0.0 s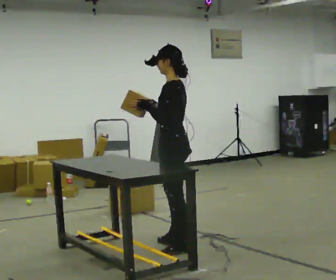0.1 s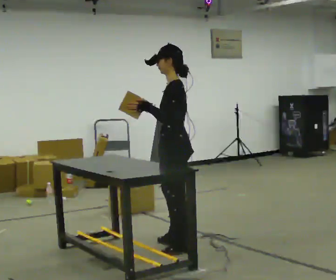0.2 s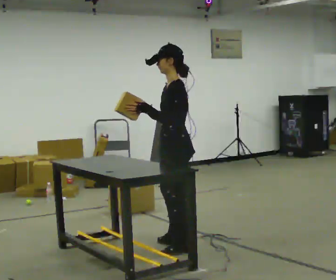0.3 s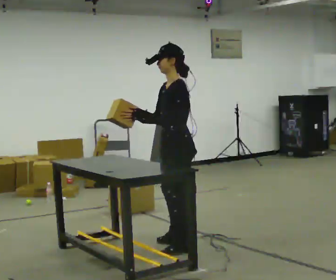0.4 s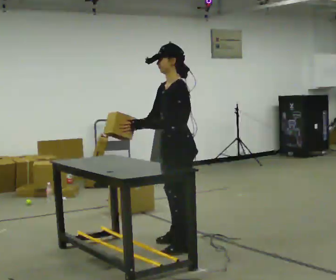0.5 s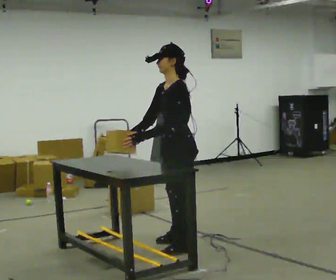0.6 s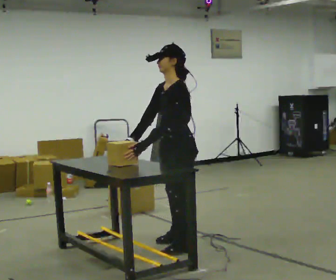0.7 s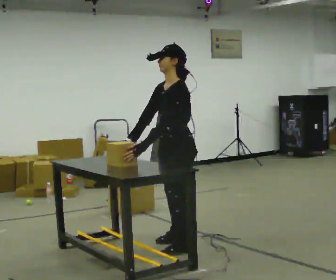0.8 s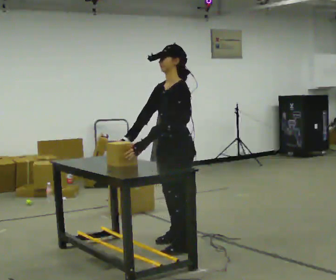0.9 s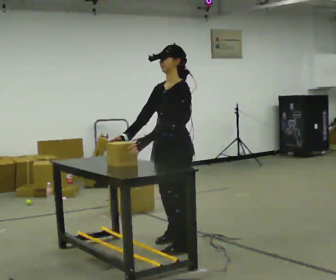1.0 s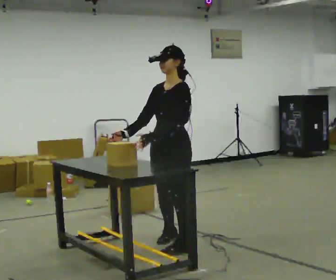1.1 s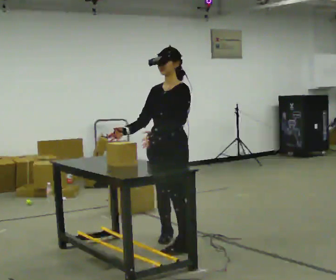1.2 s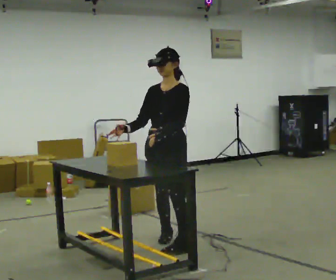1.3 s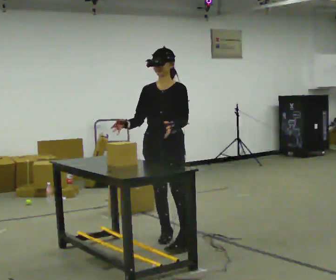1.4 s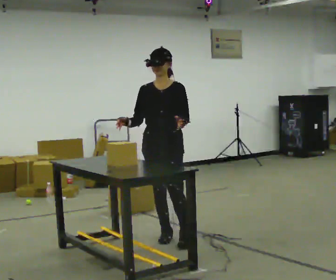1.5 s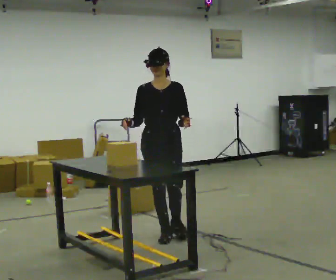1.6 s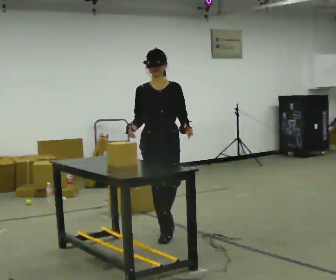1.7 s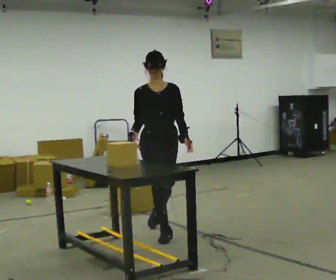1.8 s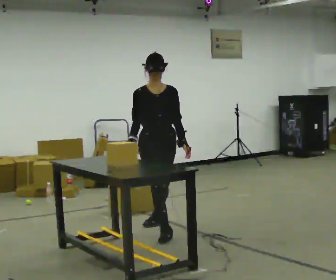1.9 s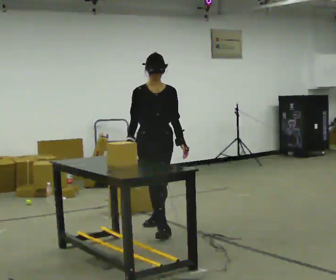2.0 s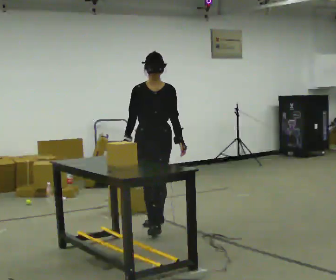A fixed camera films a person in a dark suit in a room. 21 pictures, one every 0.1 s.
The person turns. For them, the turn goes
to their left.
The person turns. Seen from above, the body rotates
counterclockwise.
0.0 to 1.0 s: The person turns about 45 degrees to their left, counterclockwise seen from above, so the part of the body nearest the lens slides to the right.
1.0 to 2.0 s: The person turns about 60 degrees to their left, counterclockwise seen from above, so the part of the body nearest the lens slides to the right. In the picture they go away from the camera, about 0.75 m in 2 steps.
The film runs backward here.
